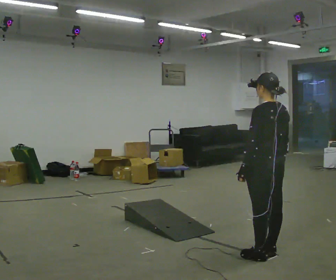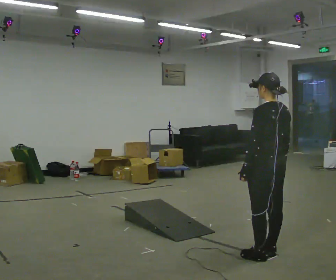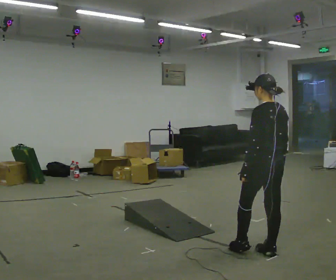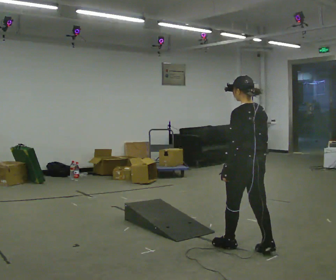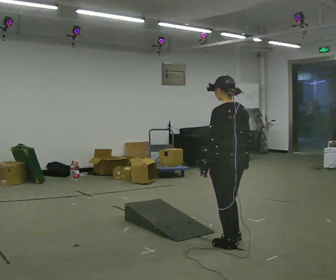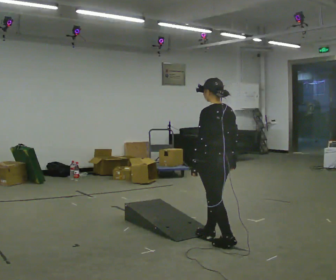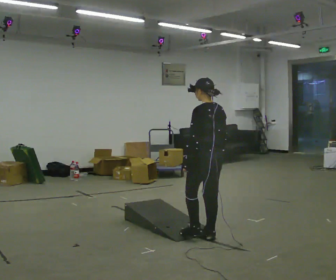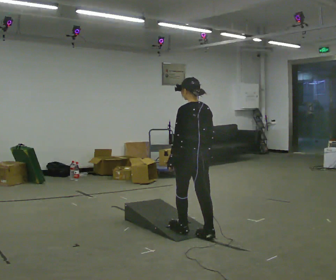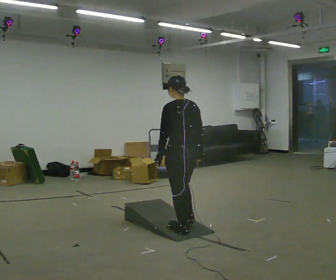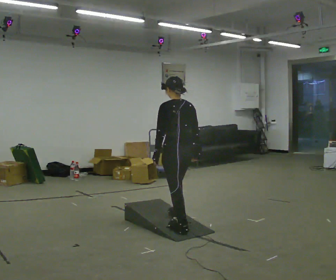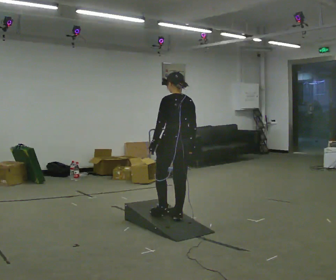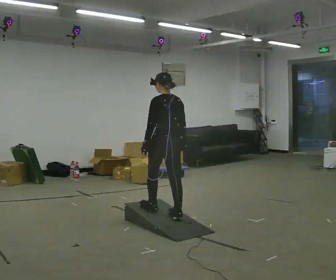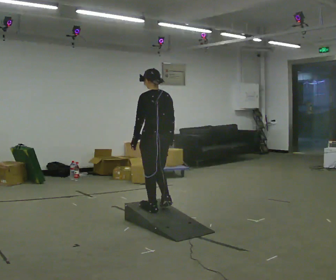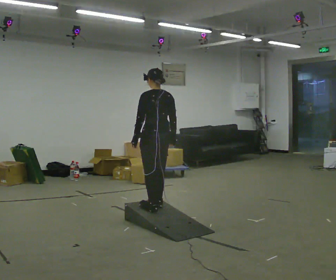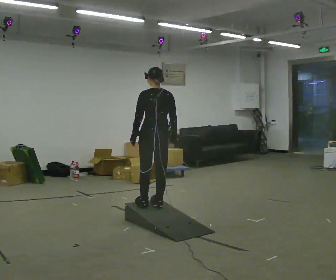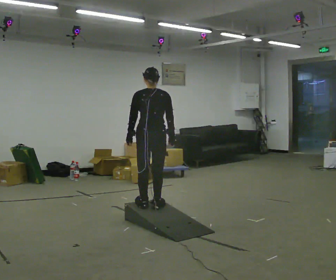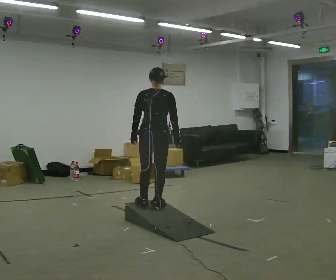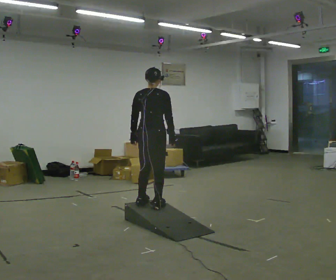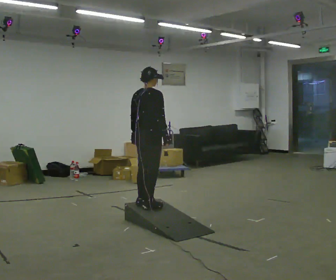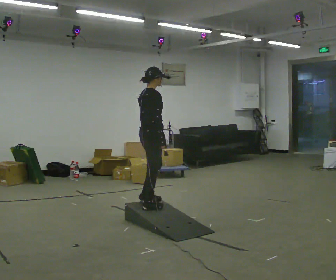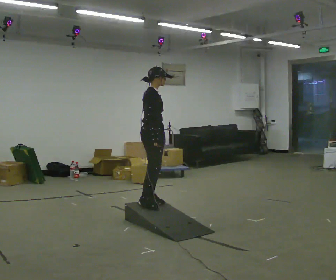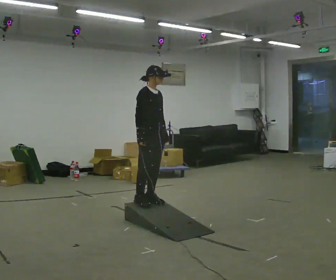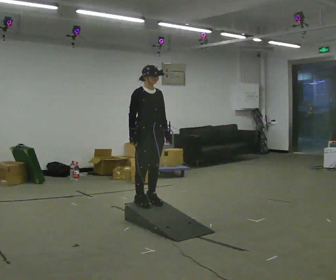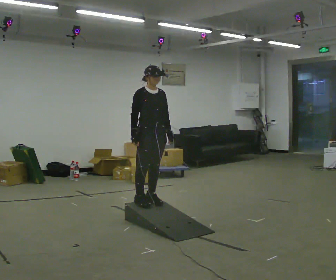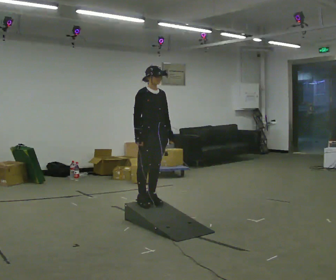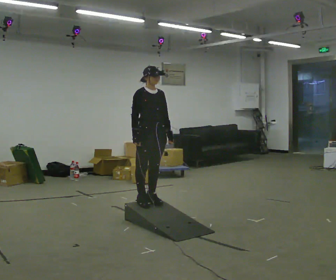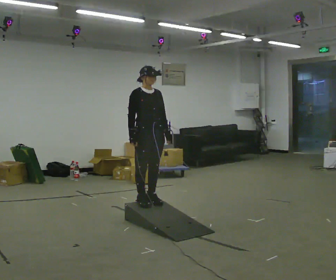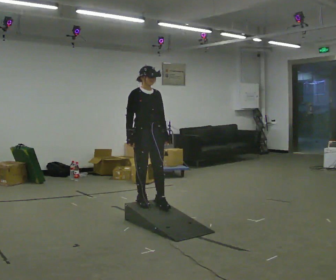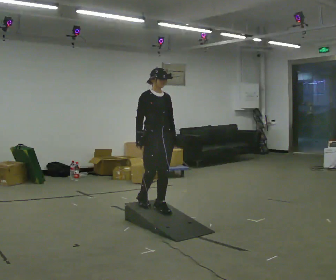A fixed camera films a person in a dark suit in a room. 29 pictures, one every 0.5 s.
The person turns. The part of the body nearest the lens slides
to the left.
The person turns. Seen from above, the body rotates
clockwise.
0.0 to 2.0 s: In the picture they go away from the camera and to the left, about 0.5 m in 1 step, which for them is forward.
2.0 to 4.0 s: In the picture they go away from the camera and to the left, about 0.5 m in 2 steps, which for them is forward.
4.0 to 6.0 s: In the picture they go away from the camera and to the left, about 0.5 m in 2 steps, which for them is forward.
6.0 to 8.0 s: The part of the body nearest the lens slides to the left as the person turns to their right by about 45 degrees.
8.0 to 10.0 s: The person turns about 90 degrees to their right, clockwise seen from above, so the part of the body nearest the lens slides to the left.
10.0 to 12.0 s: Seen from above the body turns clockwise, about 45 degrees: to their right, with its near side sliding to the left.
12.0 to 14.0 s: In the picture they go toward the camera, about 0.25 m in 1 step, which for them is forward.
The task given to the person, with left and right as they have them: Walk up the ramp, turn at the top, and walk back down at a comfortable speed.
The film runs forward here.
